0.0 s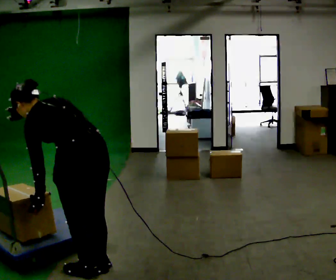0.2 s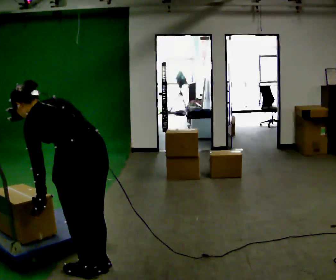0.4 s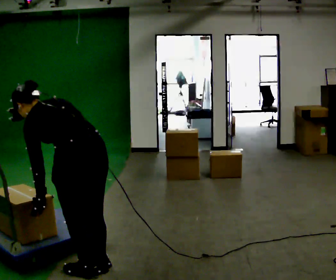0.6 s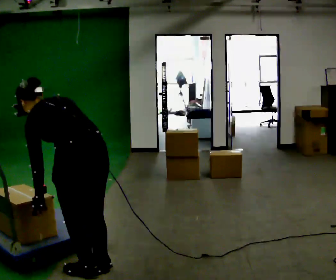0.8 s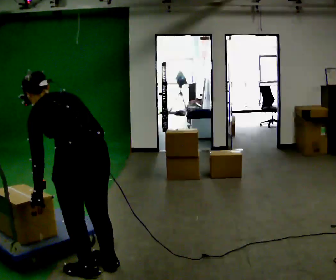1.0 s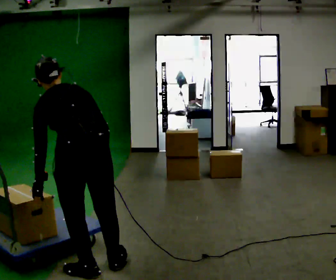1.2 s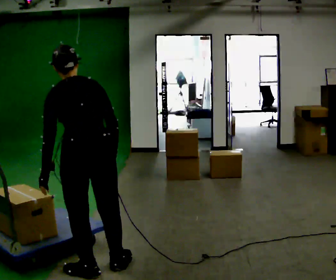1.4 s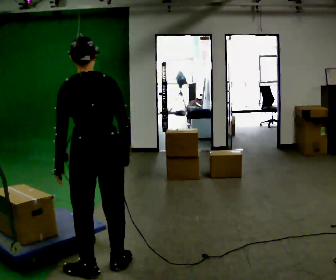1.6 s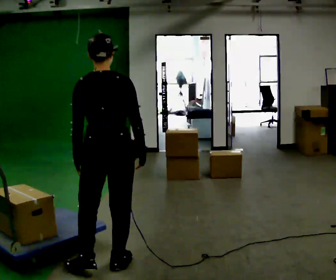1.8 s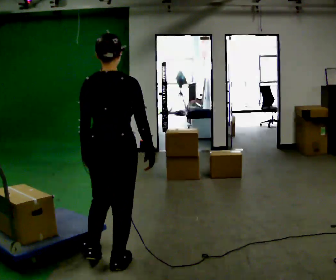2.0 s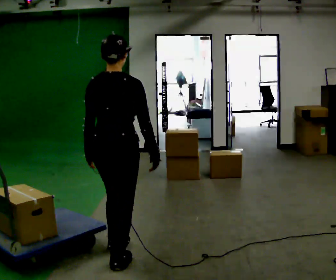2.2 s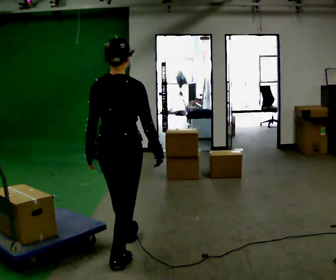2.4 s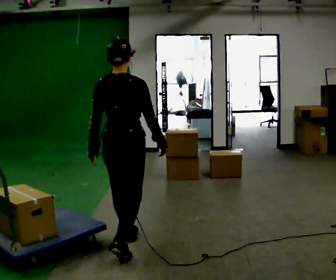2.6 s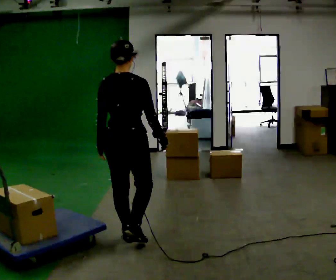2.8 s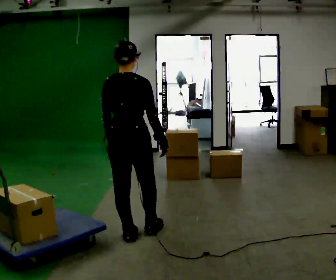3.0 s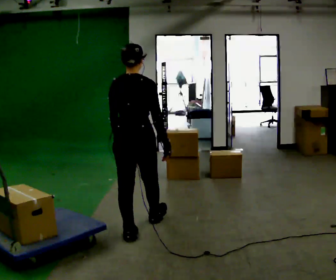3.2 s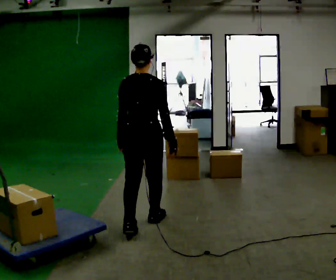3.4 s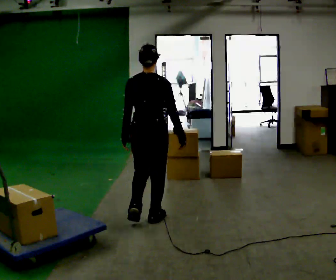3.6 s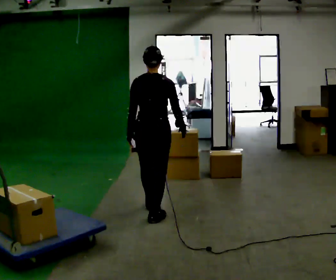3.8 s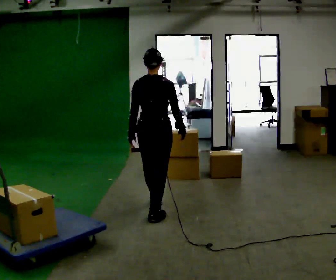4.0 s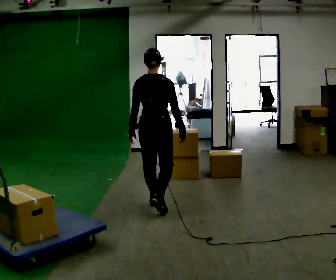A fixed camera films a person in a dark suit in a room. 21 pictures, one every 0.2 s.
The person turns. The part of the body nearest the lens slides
to the left.
The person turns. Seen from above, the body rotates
clockwise.
0.0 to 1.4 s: The person turns about 30 degrees to their right, clockwise seen from above, so the part of the body nearest the lens slides to the left. The shoulders move upward. In the picture the upper body tilts clockwise, shoulders to the right, as they lean back or straighten.
1.4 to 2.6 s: Seen from above the body turns clockwise, about 30 degrees: to their right, with its near side sliding to the left. In the picture they go away from the camera, about 0.5 m in 1 step, which for them is forward.
2.6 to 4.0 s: In the picture they go away from the camera, about 1 m in 2 steps, which for them is forward.
The film runs forward here.
